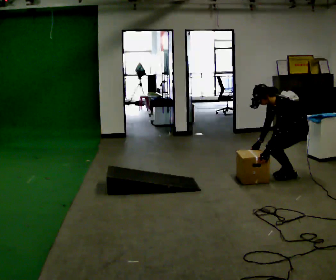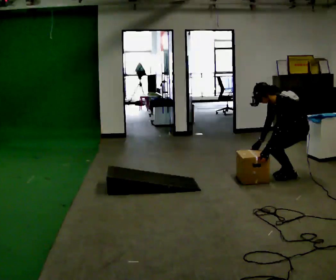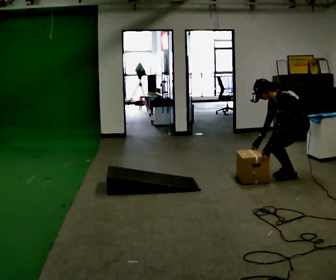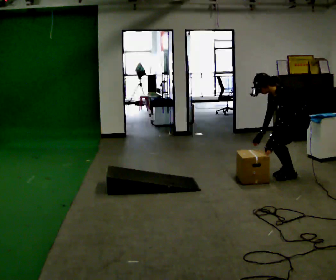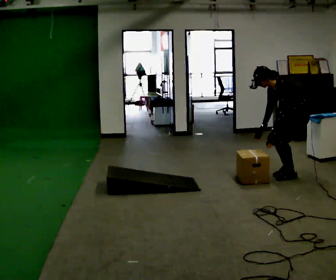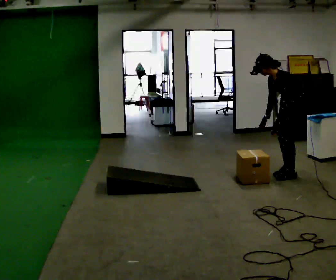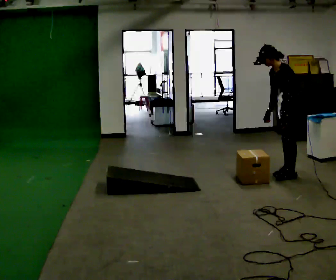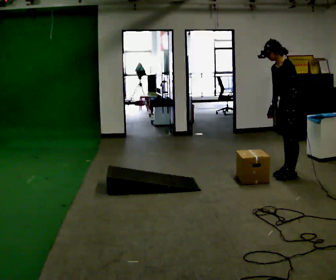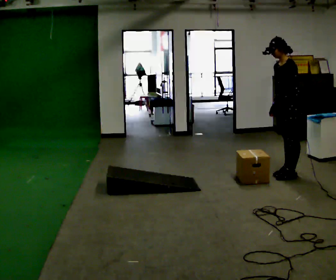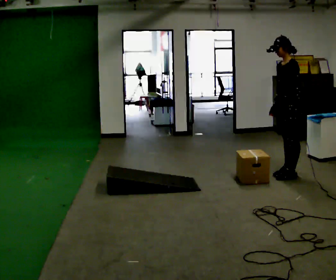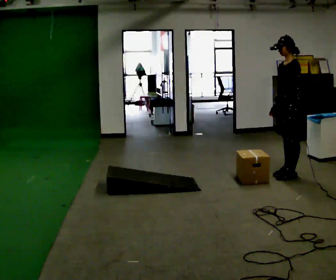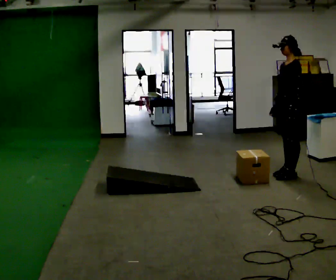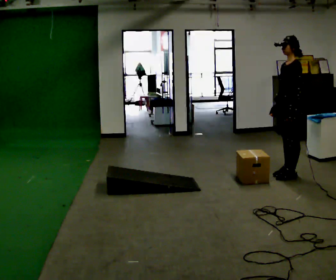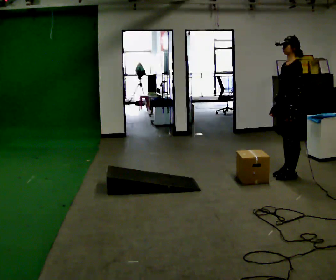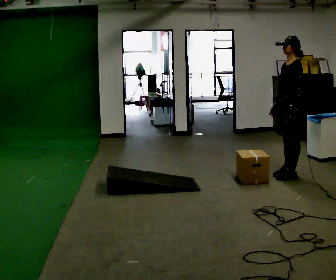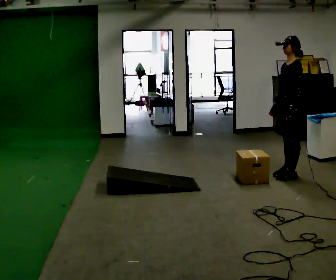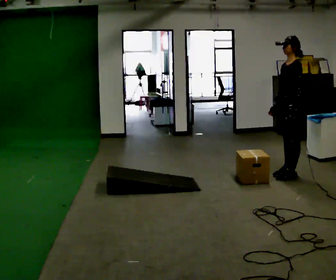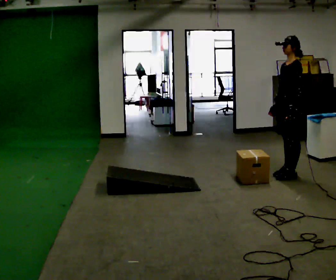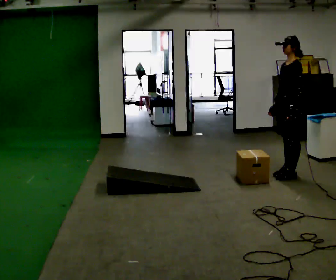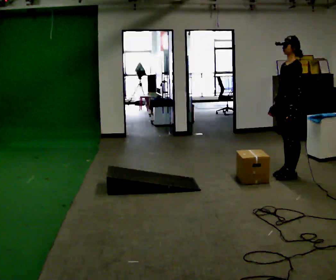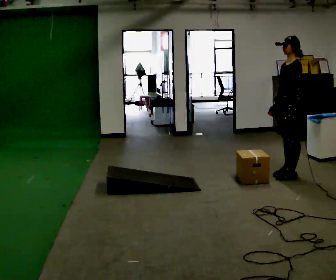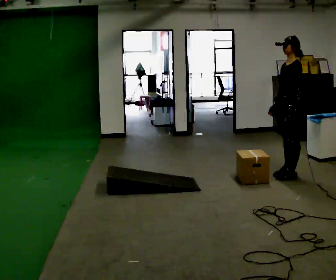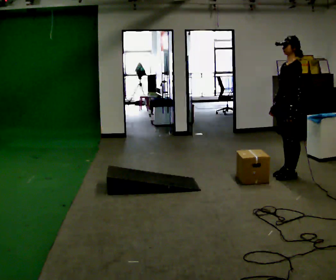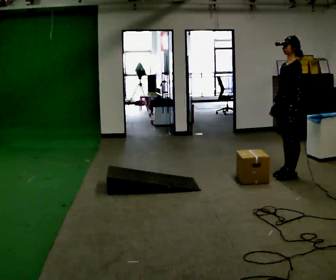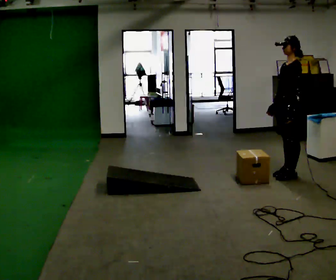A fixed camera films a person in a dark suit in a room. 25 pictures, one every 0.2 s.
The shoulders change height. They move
upward.
Their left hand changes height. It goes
upward.
0.0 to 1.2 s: The shoulders move upward. In the picture the upper body tilts clockwise, shoulders to the right, as they lean back or straighten. In the picture their left hand goes upward.
1.2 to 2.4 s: In the picture the upper body tilts clockwise, shoulders to the right, as they lean back or straighten.
2.4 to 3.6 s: The person keeps their place and pose.
3.6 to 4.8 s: The person moves a little, or ends about where they began.
The film runs backward here.
